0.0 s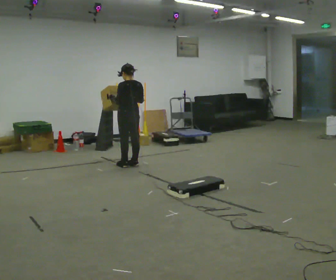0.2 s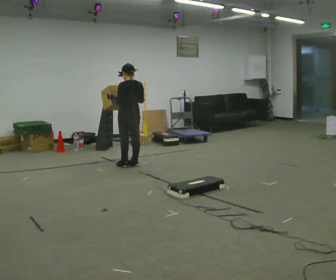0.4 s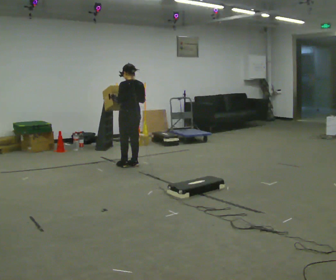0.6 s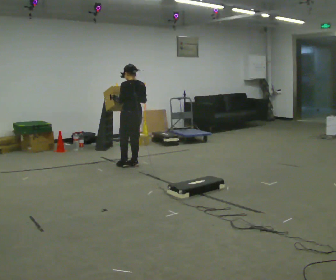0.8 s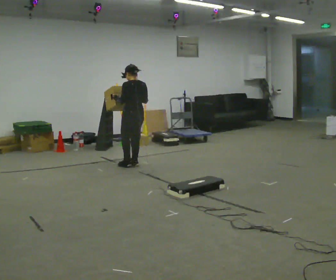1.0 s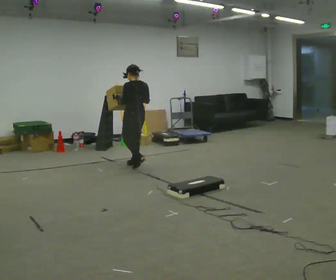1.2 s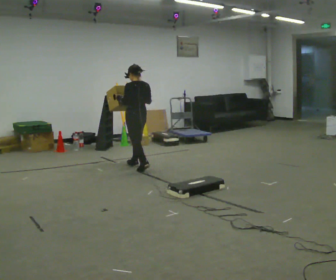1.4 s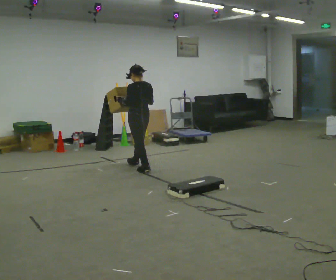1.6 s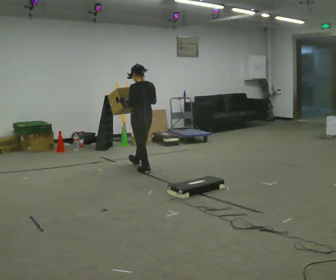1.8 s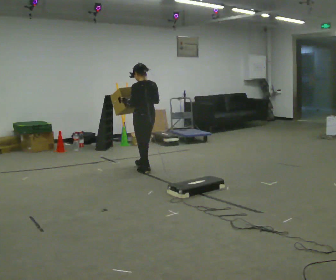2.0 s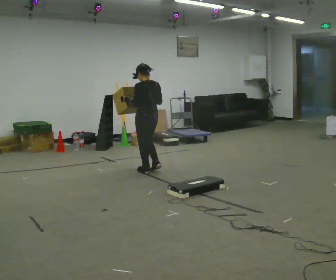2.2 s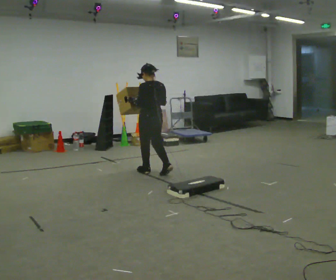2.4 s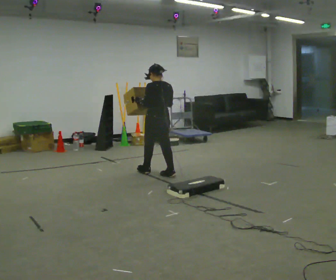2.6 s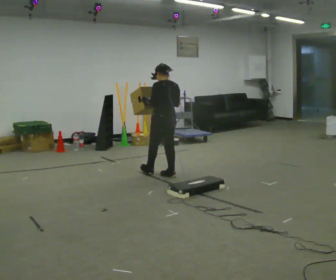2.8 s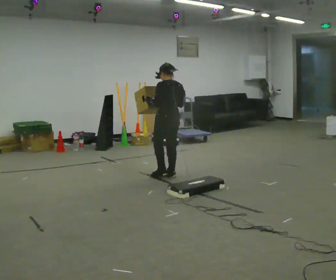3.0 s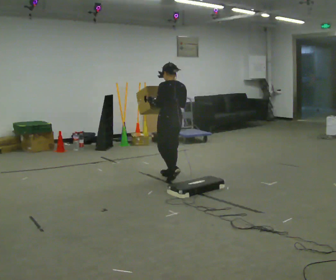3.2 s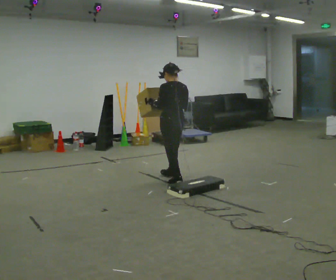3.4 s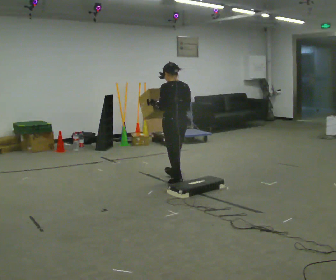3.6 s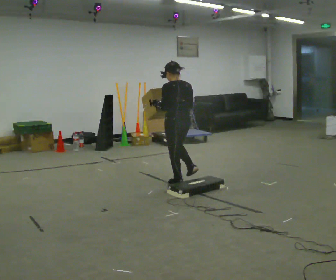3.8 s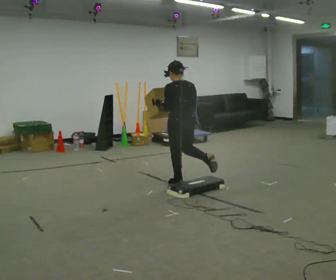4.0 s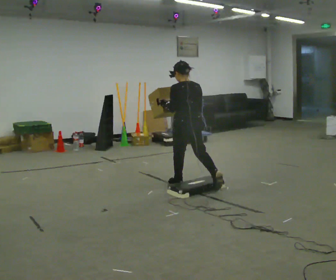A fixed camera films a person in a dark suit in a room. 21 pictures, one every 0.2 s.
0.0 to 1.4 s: In the picture they go toward the camera, about 0.25 m in 1 step, which for them is backward.
1.4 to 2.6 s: In the picture they go toward the camera and to the right, about 0.5 m in 2 steps, which for them is backward.
2.6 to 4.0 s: In the picture they go toward the camera, about 0.5 m in 1 step, which for them is backward.
The film runs backward here.
